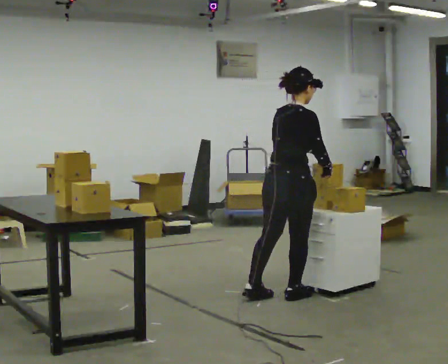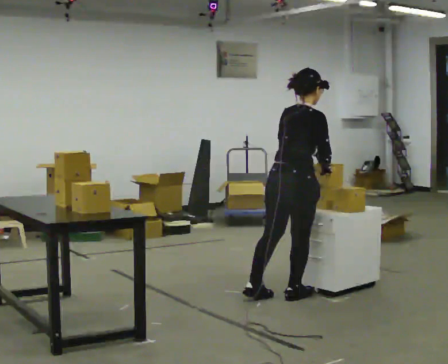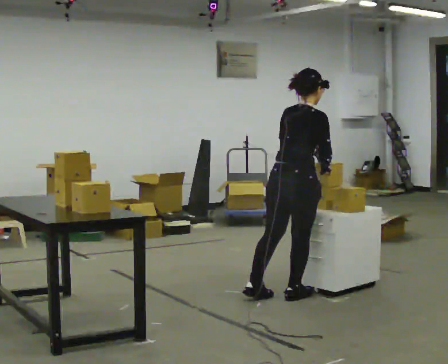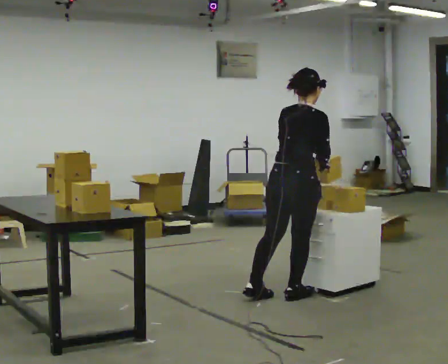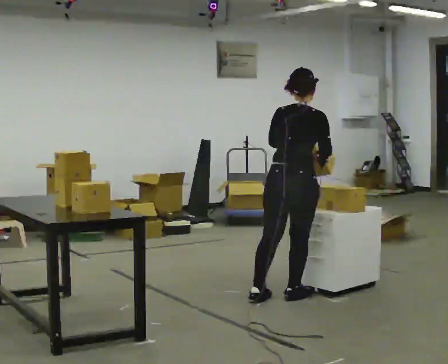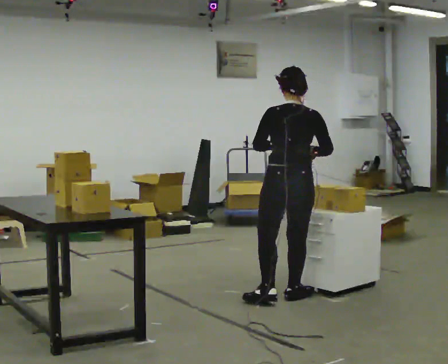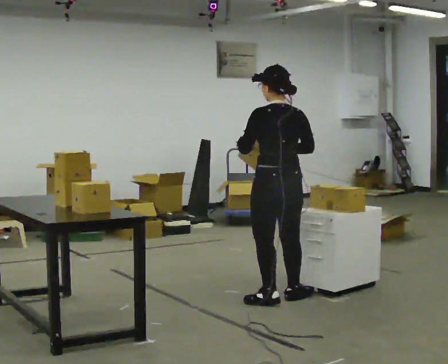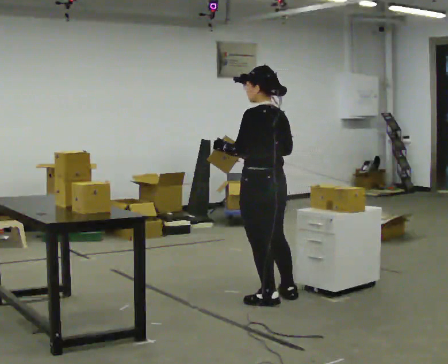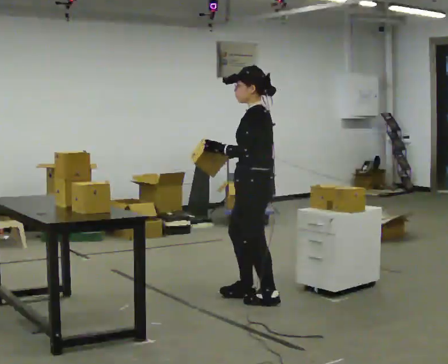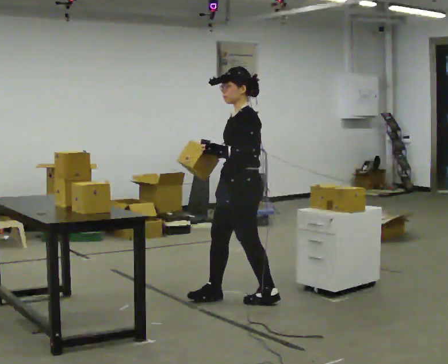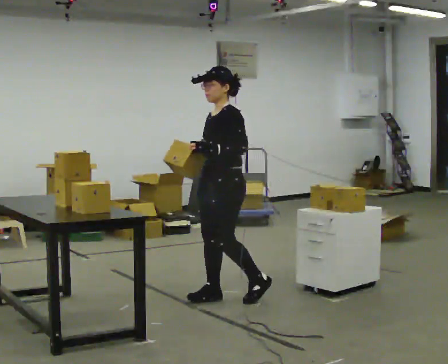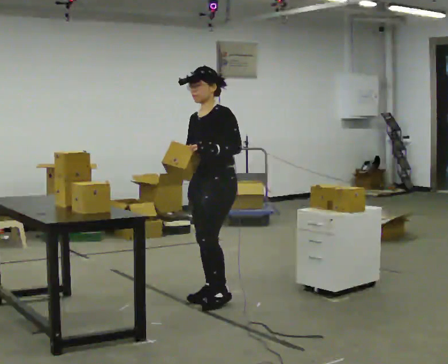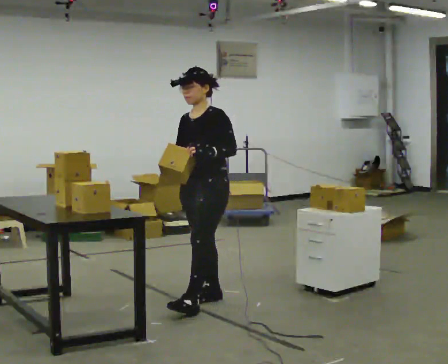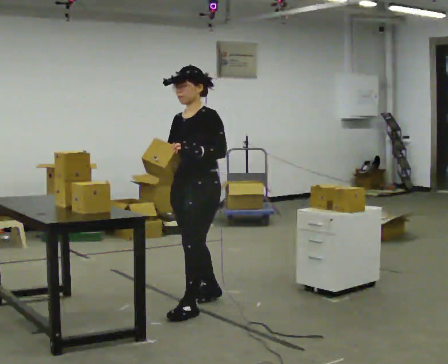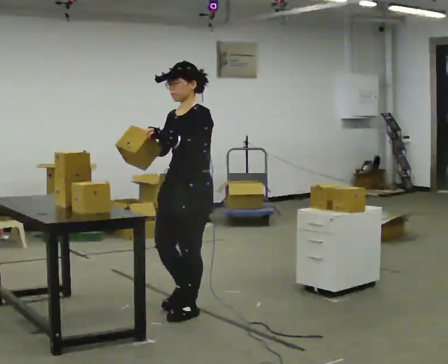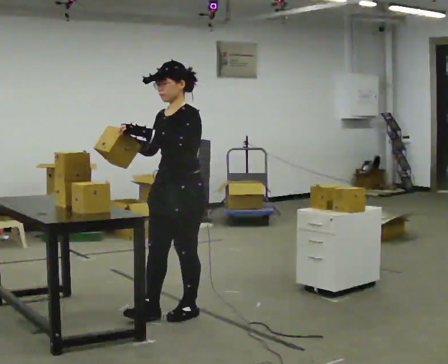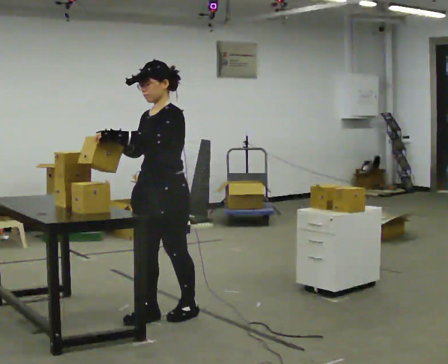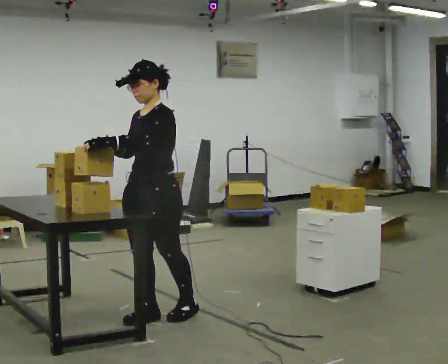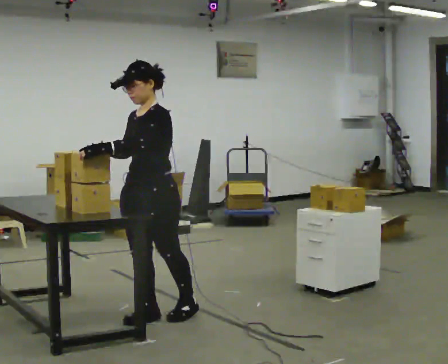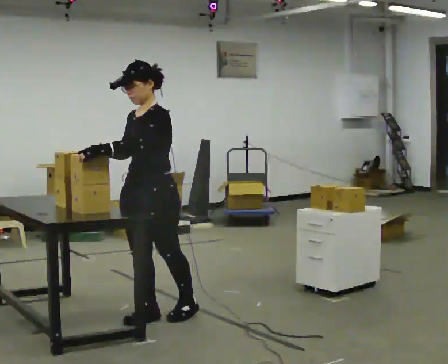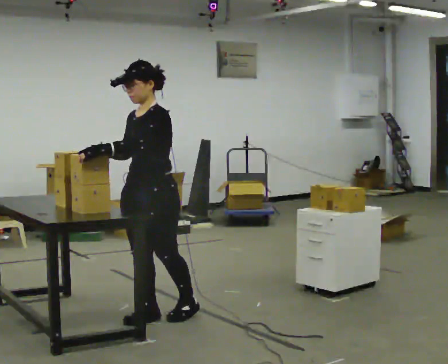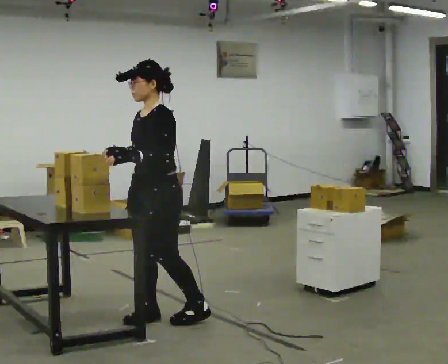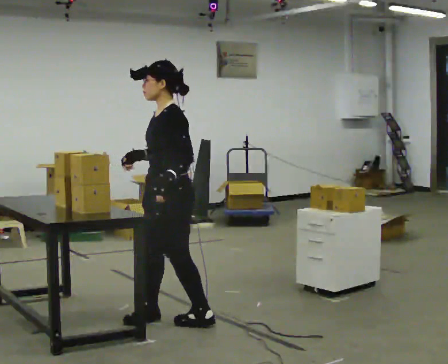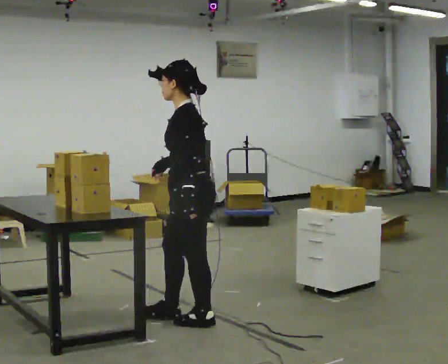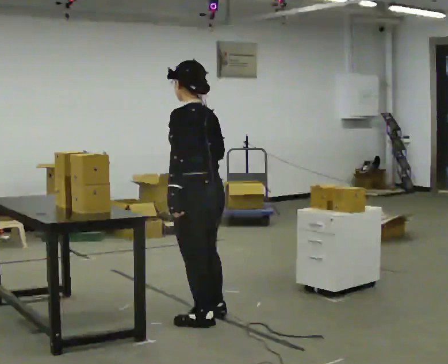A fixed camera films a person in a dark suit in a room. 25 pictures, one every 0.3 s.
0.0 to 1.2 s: The person moves a little, or ends about where they began.
1.2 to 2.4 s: Seen from above the body turns counterclockwise, about 105 degrees: to their left, with its near side sliding to the right. In the picture they go to the left, about 0.25 m in 1 step. In the picture their left hand goes to the left.
2.4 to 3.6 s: The person turns about 60 degrees to their left, counterclockwise seen from above, so the part of the body nearest the lens slides to the right. In the picture they go to the left, about 0.25 m in 2 steps, which for them is forward and to their right.
3.6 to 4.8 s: In the picture they go toward the camera and to the left, about 0.5 m in 1 step, which for them is forward.
4.8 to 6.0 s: The person moves a little, or ends about where they began.
6.0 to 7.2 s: The person turns about 90 degrees to their right, clockwise seen from above, so the part of the body nearest the lens slides to the left. In the picture they go to the right, about 0.25 m in 1 step.
The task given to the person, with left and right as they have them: 1. Move all 12 boxes from the shelf at one end of the room to the shelf at the other end. 2. The cart is not available today, so carry them. 3. Tell the operator when you are finished.
The film runs forward here.
